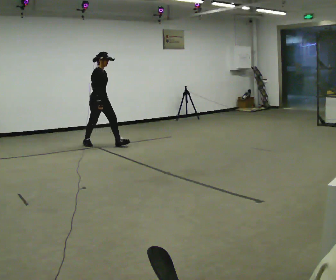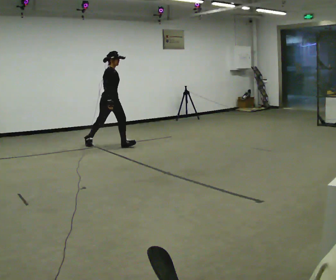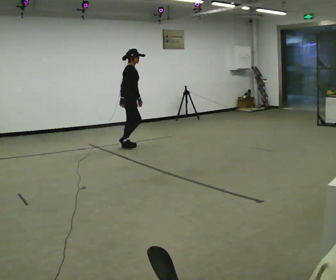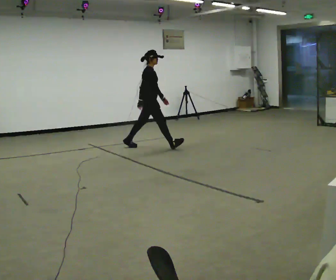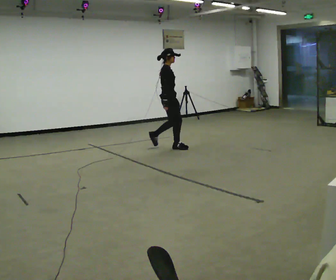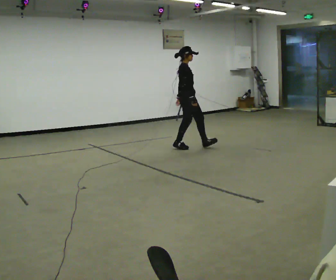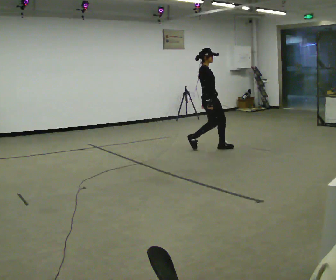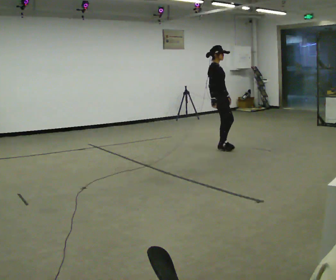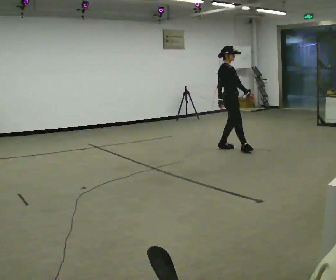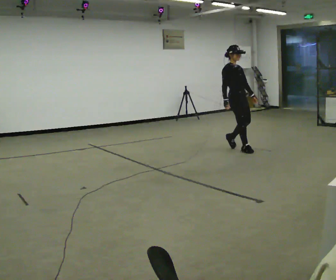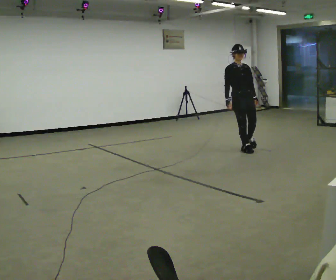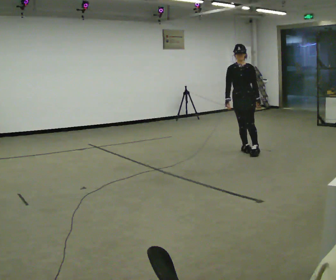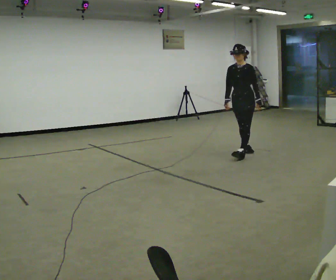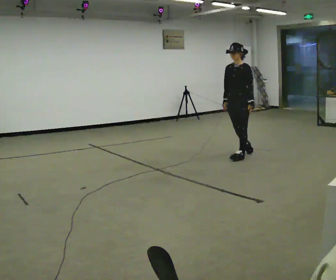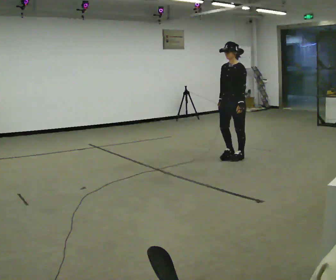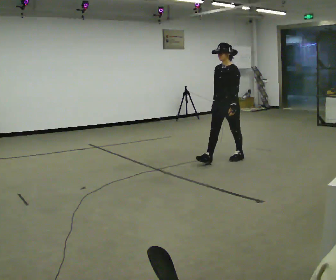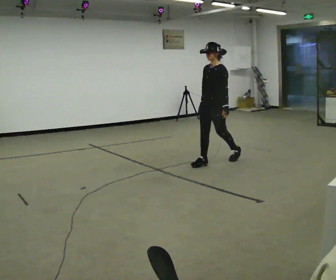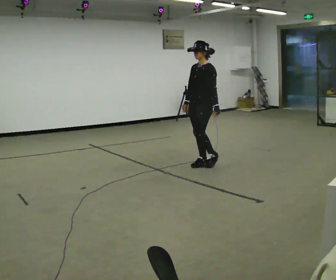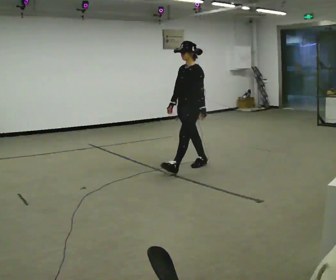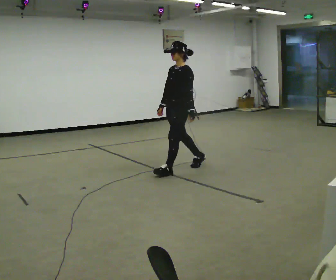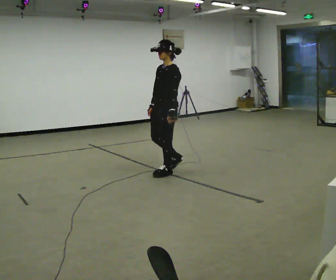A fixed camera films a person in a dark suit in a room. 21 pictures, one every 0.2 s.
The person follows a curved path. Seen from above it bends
clockwise.
0.0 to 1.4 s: In the picture they go to the right, about 2 m in 3 steps, which for them is forward.
1.4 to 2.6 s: The person turns about 105 degrees to their right, clockwise seen from above, so the part of the body nearest the lens slides to the left. In the picture they go toward the camera and to the right, about 0.5 m in 2 steps.
2.6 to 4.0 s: In the picture they go to the left and toward the camera, about 1 m in 2 steps, which for them is forward.
The film runs forward here.
